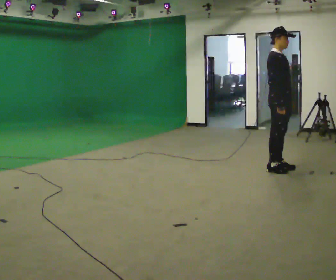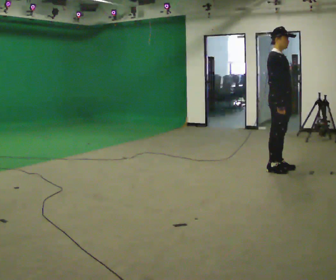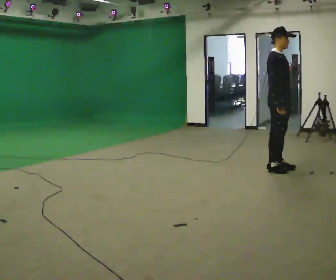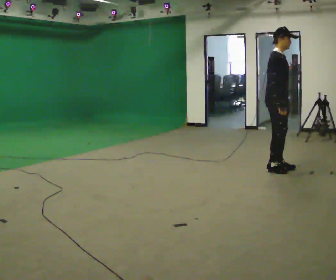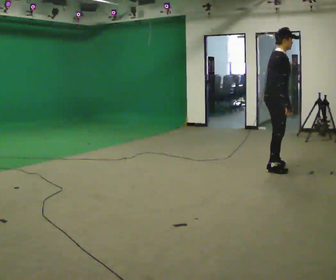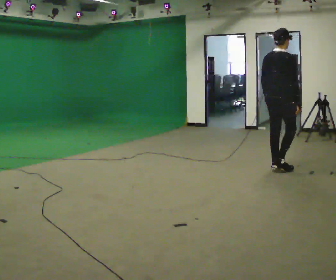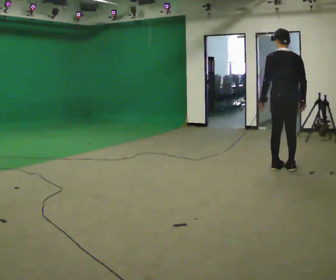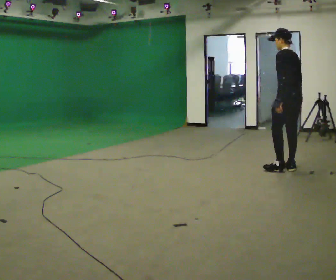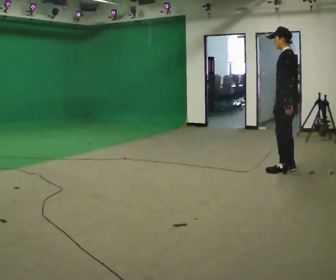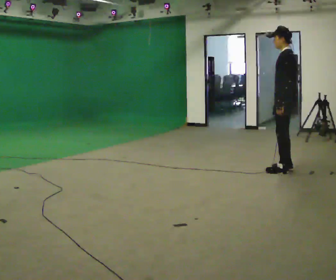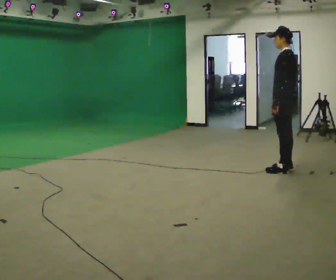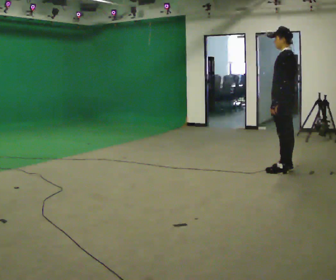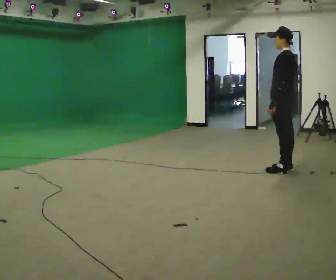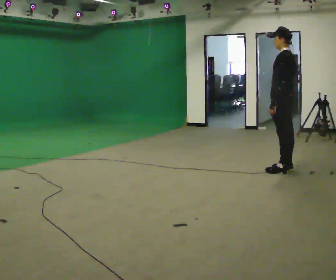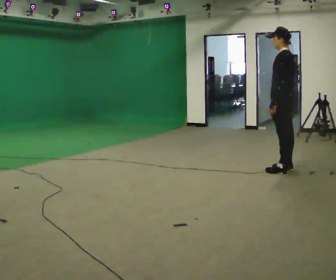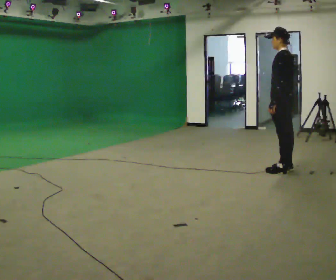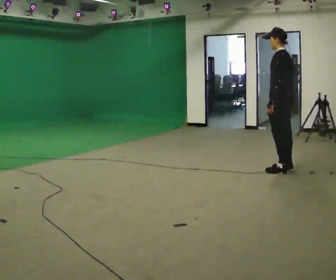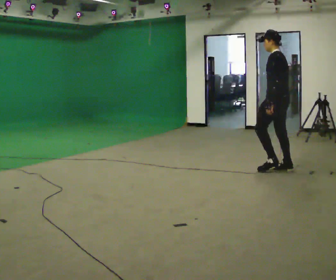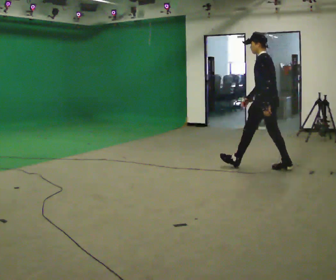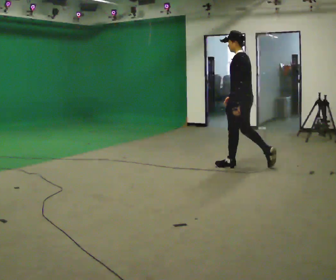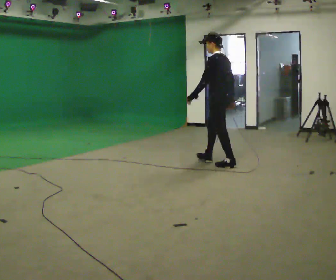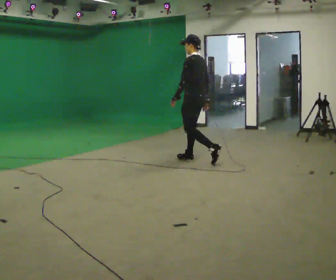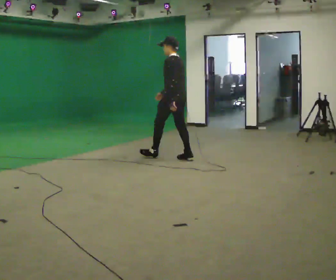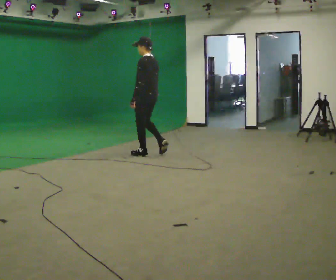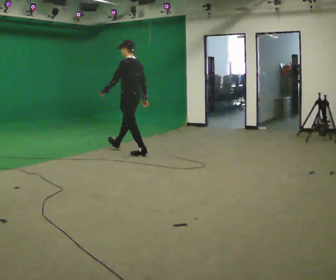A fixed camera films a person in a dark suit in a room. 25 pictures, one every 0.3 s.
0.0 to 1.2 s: The part of the body nearest the lens slides to the right as the person turns to their left by about 30 degrees.
1.2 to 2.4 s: The part of the body nearest the lens slides to the right as the person turns to their left by about 150 degrees. In the picture they go to the right, about 0.25 m in 2 steps.
2.4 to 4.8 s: The person moves a little, or ends about where they began.
4.8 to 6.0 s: In the picture they go to the left, about 1 m in 1 step, which for them is forward.
6.0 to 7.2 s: In the picture they go to the left, about 1.5 m in 2 steps, which for them is forward.
The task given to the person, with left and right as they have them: Stand still 2 s; begin walking naturally; walk forward; stop.
The film runs forward here.
